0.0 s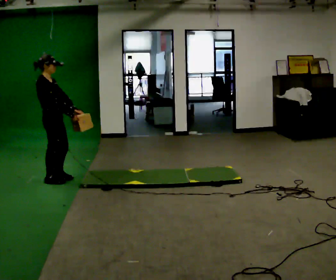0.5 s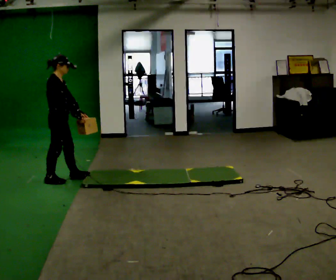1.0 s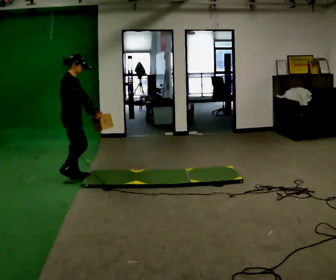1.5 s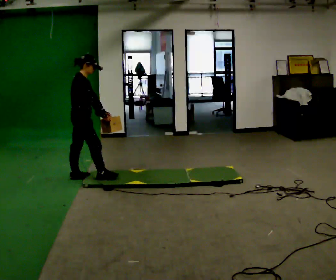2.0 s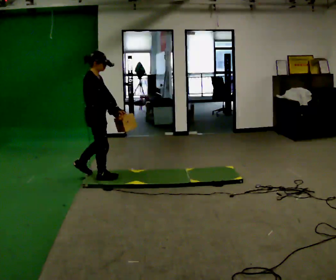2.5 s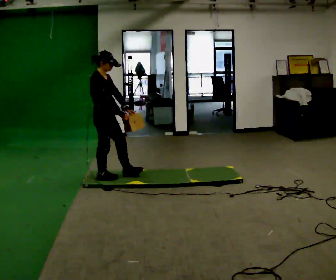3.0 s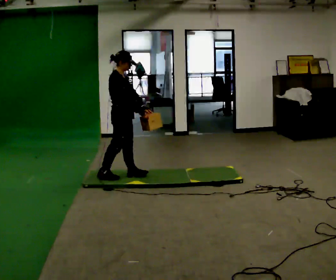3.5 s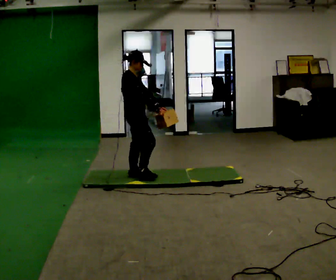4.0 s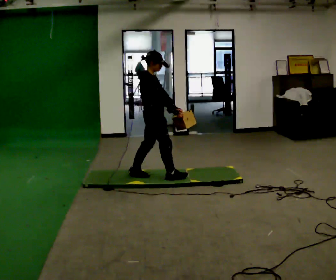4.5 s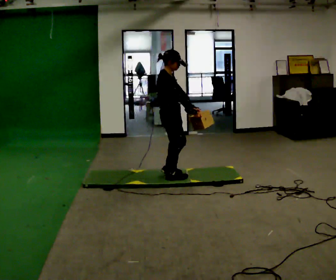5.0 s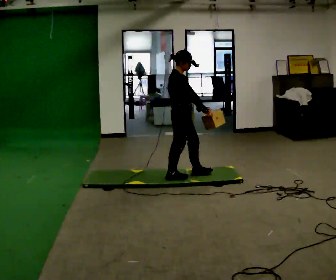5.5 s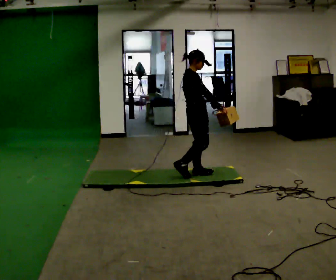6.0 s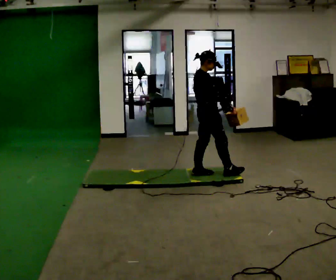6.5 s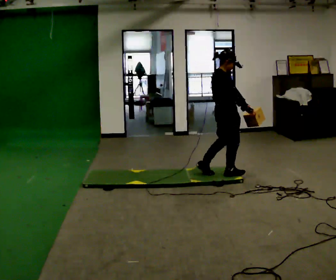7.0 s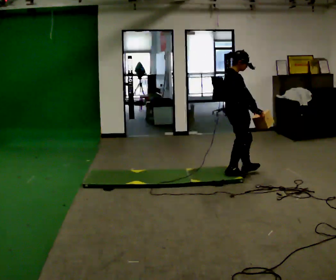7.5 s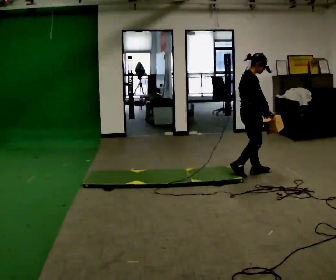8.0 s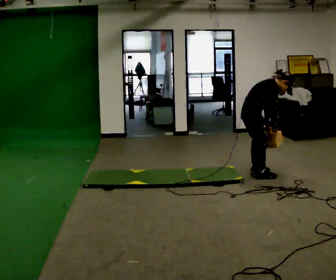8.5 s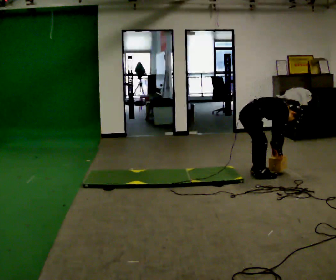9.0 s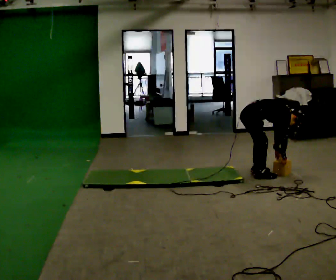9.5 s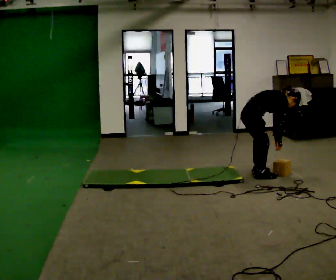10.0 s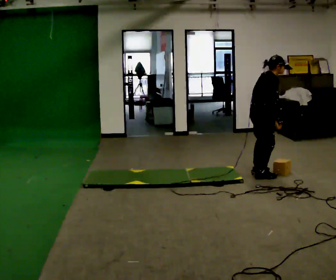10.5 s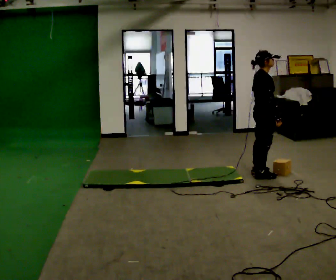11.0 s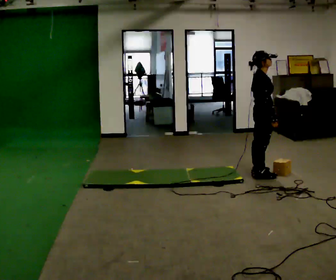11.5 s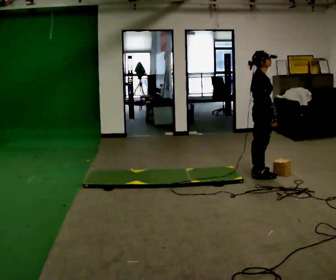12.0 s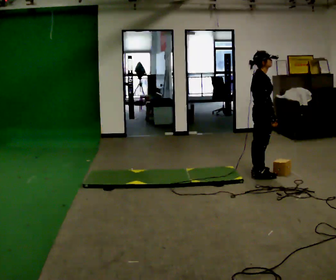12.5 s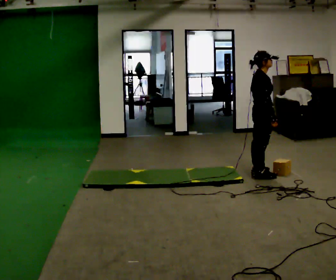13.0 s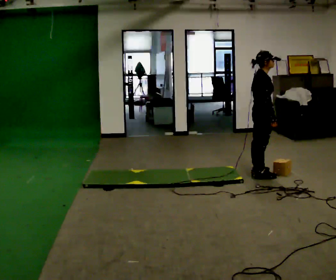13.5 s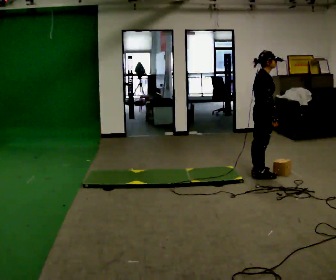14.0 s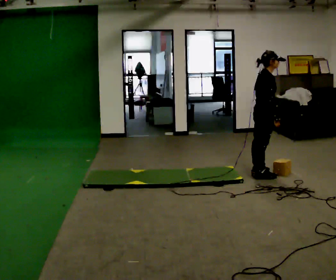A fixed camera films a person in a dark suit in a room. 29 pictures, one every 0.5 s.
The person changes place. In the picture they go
to the right.
0.0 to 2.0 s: In the picture they go to the right, about 0.5 m in 2 steps, which for them is forward.
2.0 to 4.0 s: In the picture they go to the right, about 0.75 m in 2 steps, which for them is forward.
4.0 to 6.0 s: In the picture they go to the right, about 0.5 m in 2 steps, which for them is forward.
6.0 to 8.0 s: In the picture they go to the right, about 0.5 m in 2 steps, which for them is forward. In the picture the upper body tilts clockwise, shoulders to the right, as they bend forward.
8.0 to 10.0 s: The person moves a little, or ends about where they began.
10.0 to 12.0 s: In the picture the upper body tilts counterclockwise, shoulders to the left, as they lean back or straighten.
12.0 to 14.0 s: The person moves a little, or ends about where they began.
The film runs forward here.
